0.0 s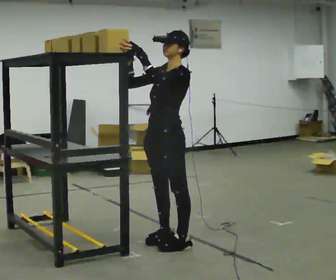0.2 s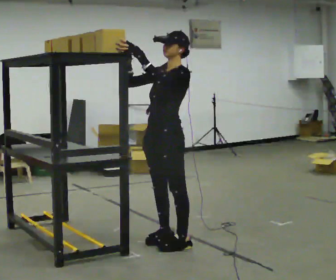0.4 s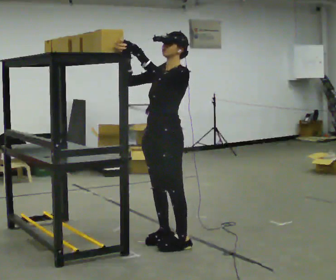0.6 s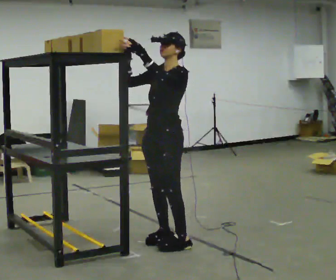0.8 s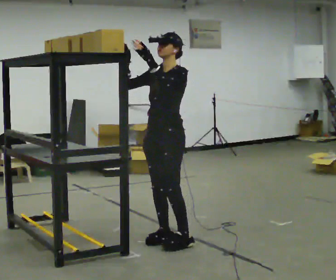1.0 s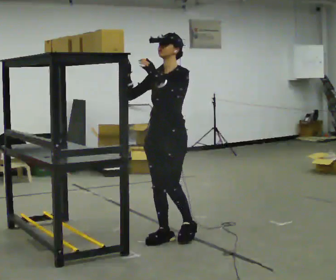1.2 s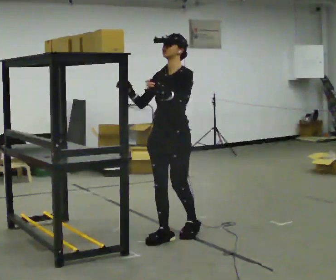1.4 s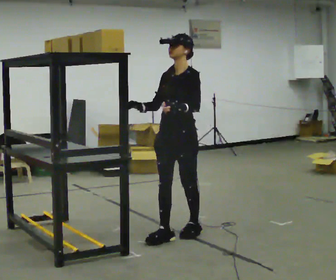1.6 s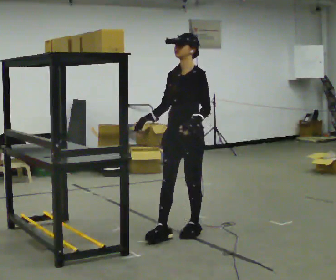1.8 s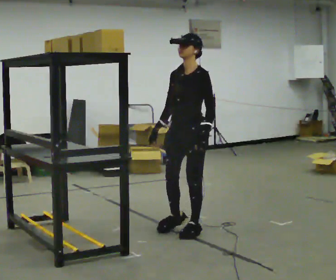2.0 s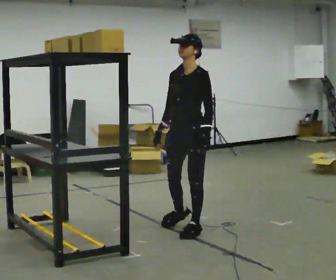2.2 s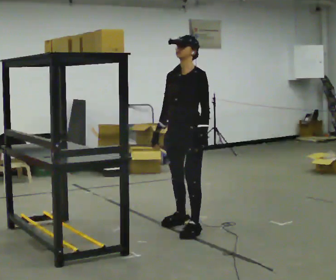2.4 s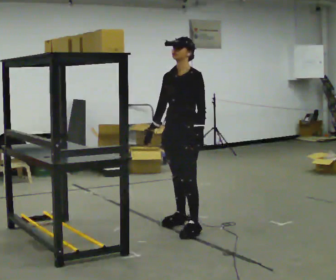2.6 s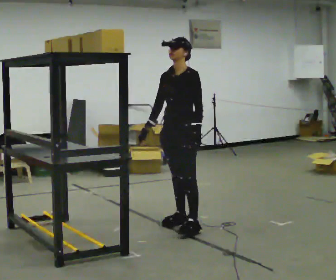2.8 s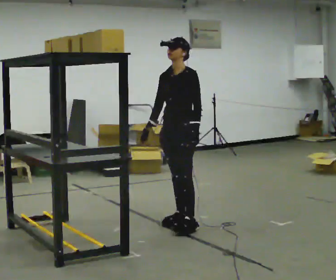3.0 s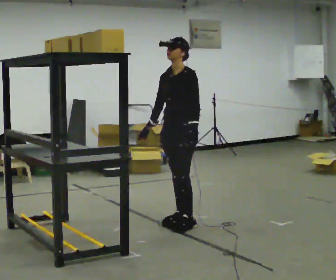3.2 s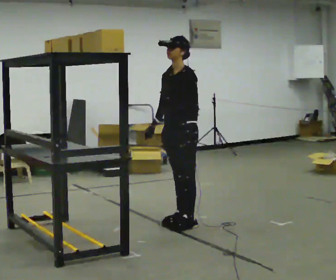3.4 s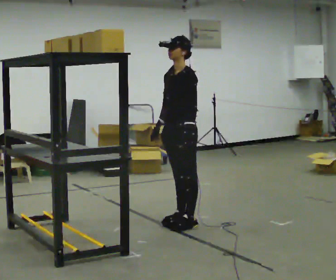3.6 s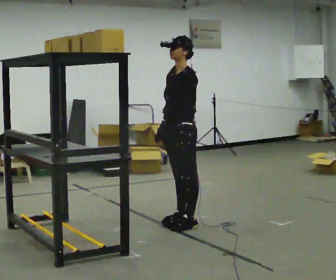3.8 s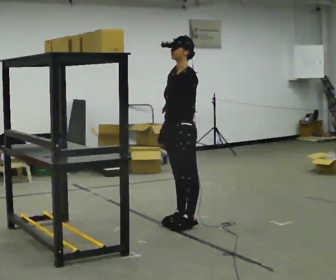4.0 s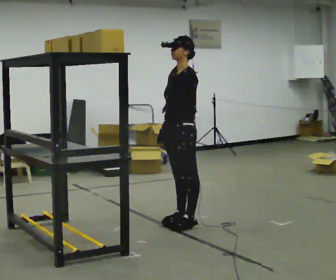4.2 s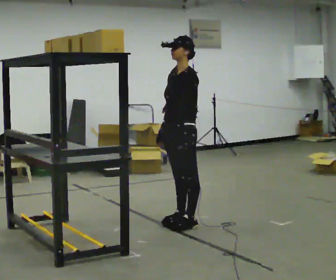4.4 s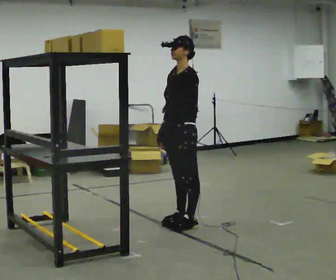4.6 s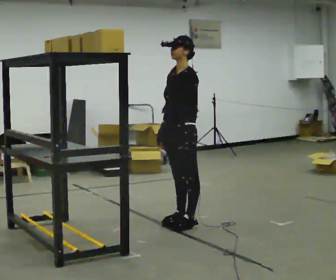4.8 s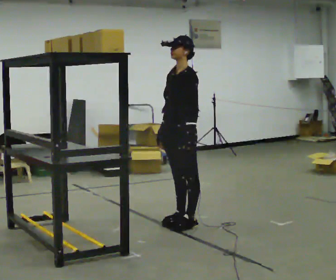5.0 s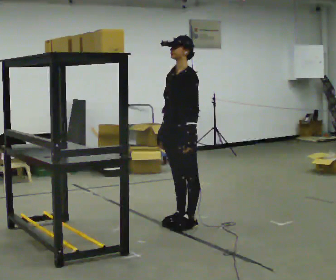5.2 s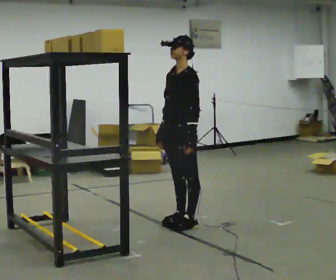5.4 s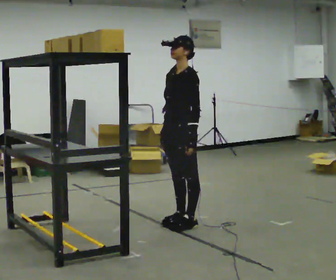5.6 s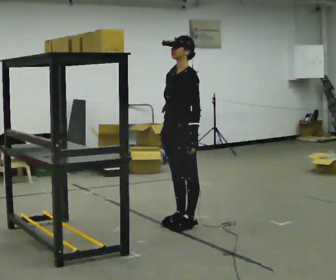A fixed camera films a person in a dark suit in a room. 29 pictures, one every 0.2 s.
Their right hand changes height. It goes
downward.
Their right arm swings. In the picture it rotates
counterclockwise.
0.0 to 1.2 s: In the picture they go away from the camera, about 0.25 m in 1 step, which for them is backward and to their right.
1.2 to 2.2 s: In the picture they go away from the camera, about 0.25 m in 1 step, which for them is backward. In the picture their left hand goes downward.
2.2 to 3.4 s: In the picture they go away from the camera, about 0.25 m in 1 step, which for them is to their right and backward.
3.4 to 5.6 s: The person moves a little, or ends about where they began.
The film runs backward here.
